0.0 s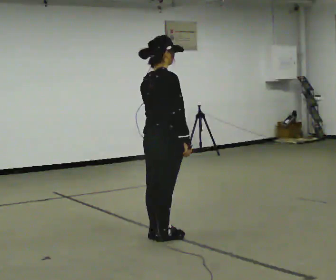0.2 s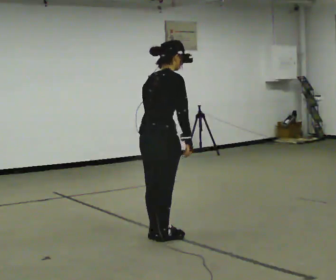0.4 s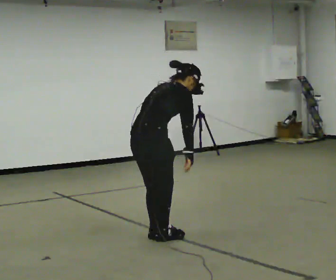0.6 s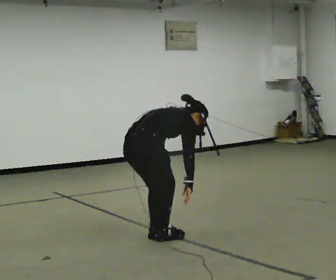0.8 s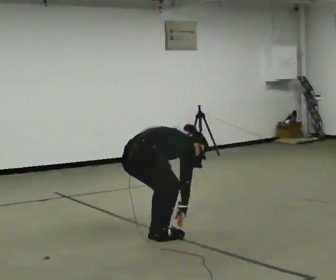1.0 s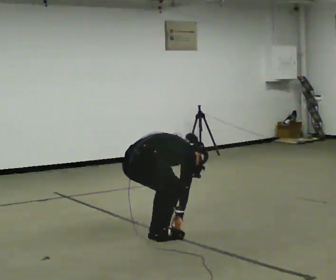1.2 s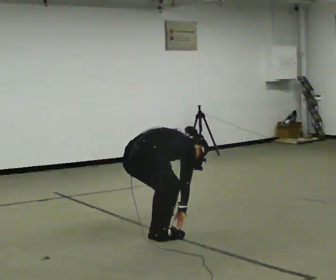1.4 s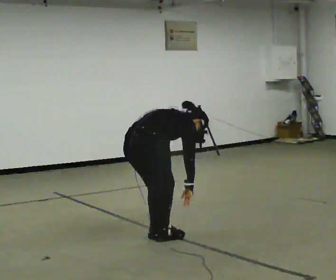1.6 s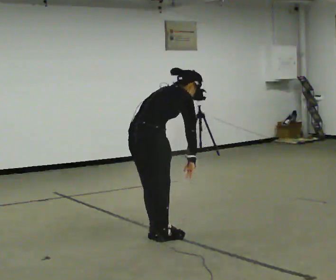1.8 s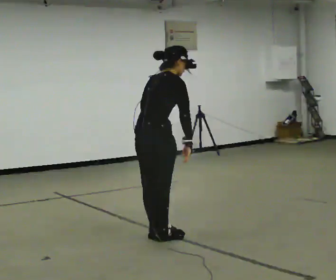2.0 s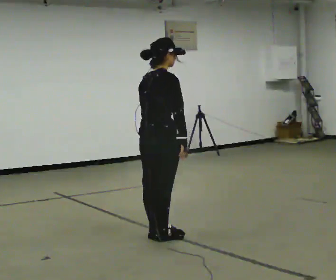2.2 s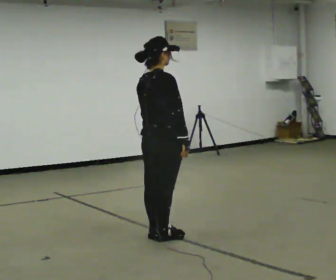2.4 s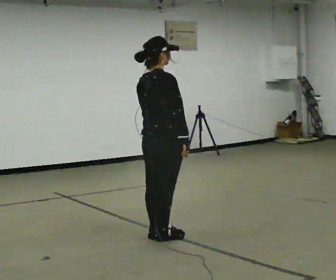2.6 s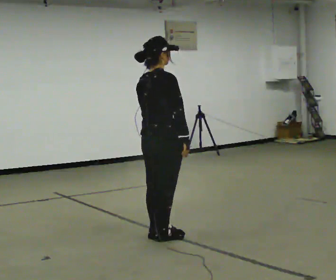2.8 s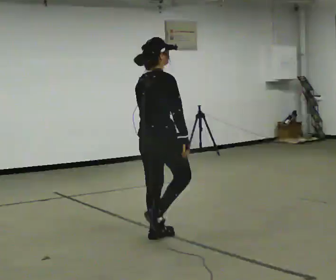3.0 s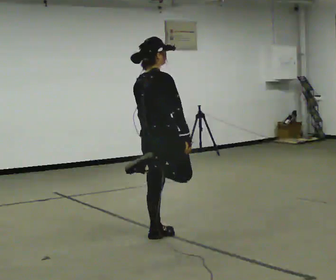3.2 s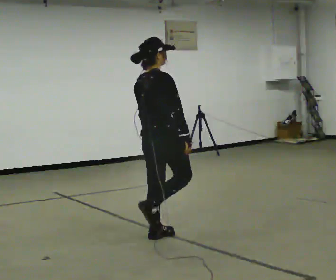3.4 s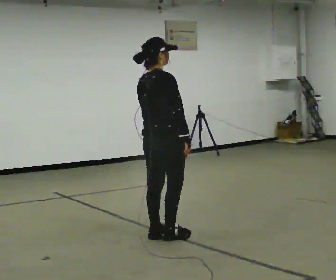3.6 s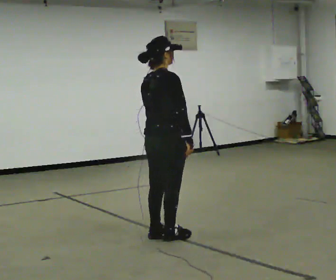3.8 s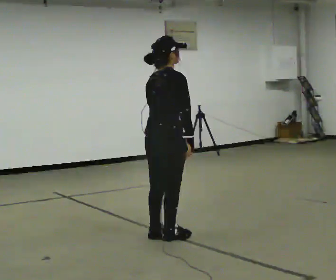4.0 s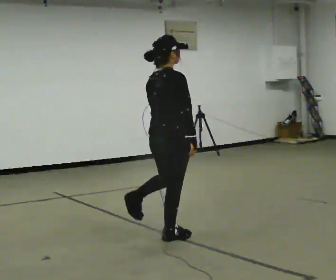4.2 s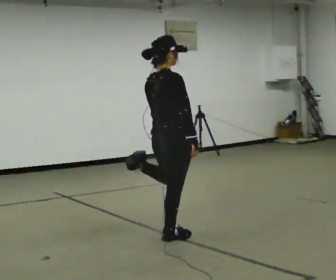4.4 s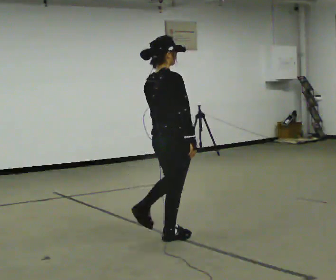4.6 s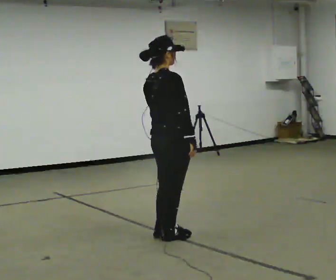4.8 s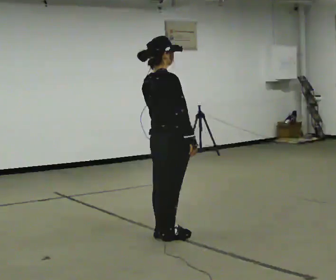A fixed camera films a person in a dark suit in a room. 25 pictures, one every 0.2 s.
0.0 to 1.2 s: In the picture they go to the left, about 0.25 m, which for them is backward. The upper body goes downward. In the picture the upper body tilts clockwise, shoulders to the right, as they bend forward. In the picture their right hand goes downward.
1.2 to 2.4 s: The shoulders move upward. In the picture the upper body tilts counterclockwise, shoulders to the left, as they lean back or straighten. In the picture their right hand goes upward.
2.4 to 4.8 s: The person moves a little, or ends about where they began.
The film runs forward here.
